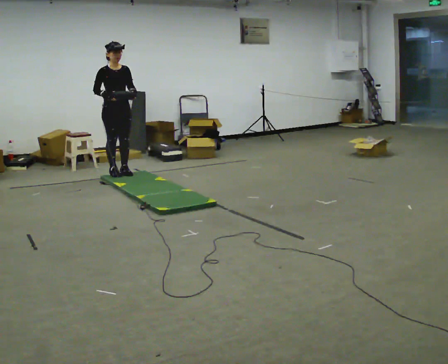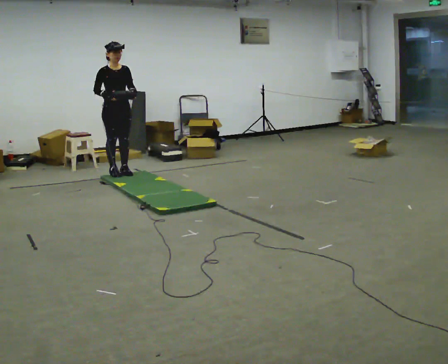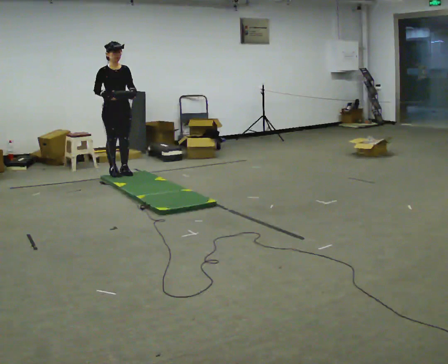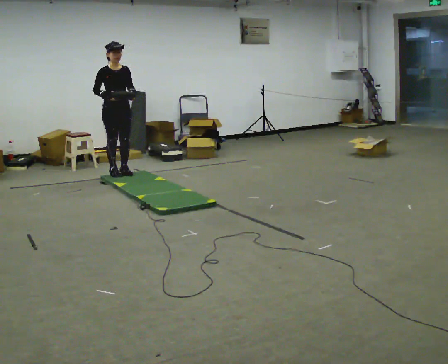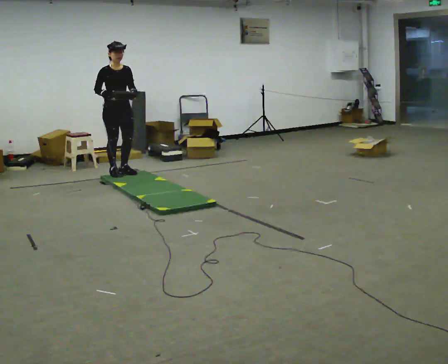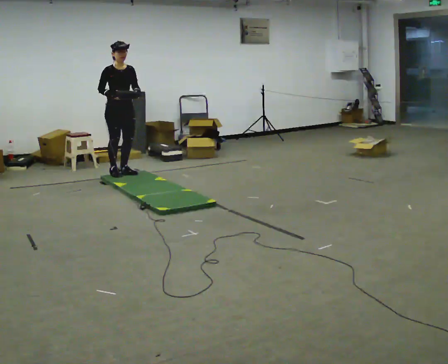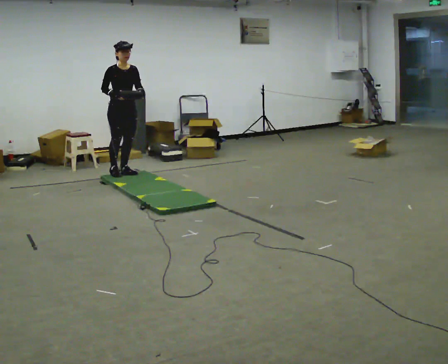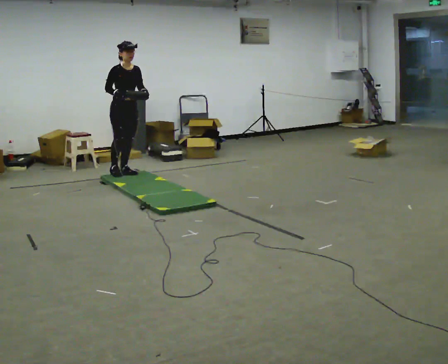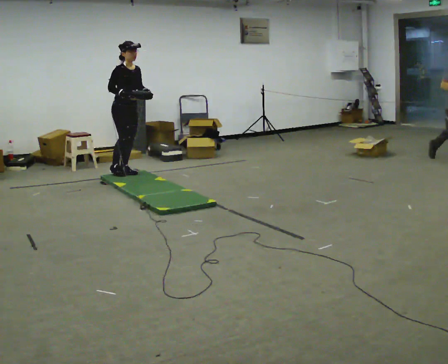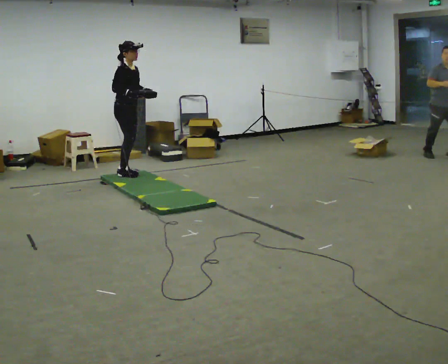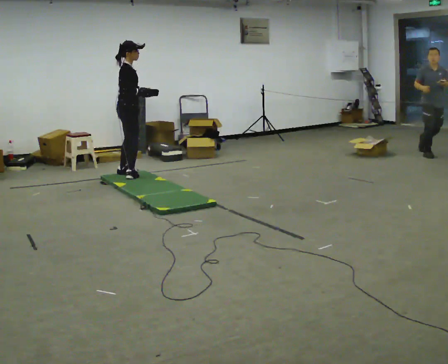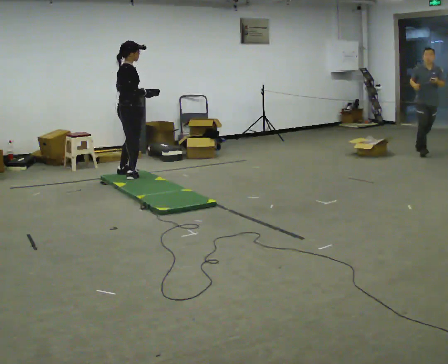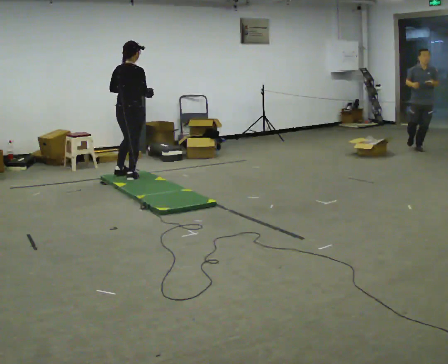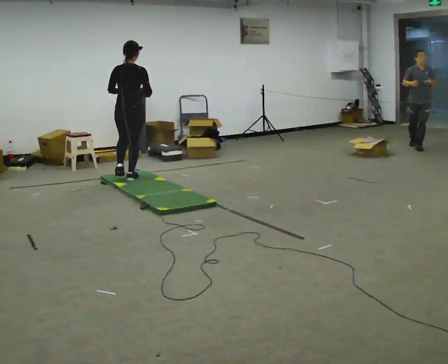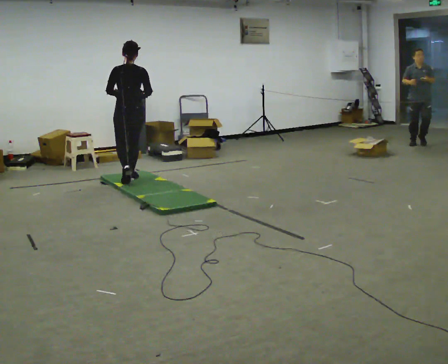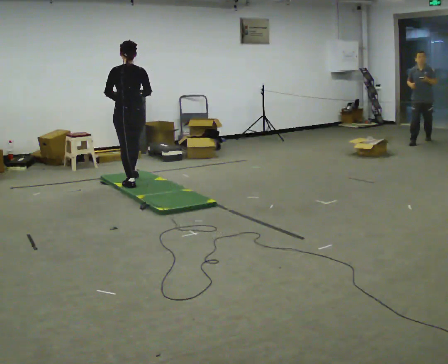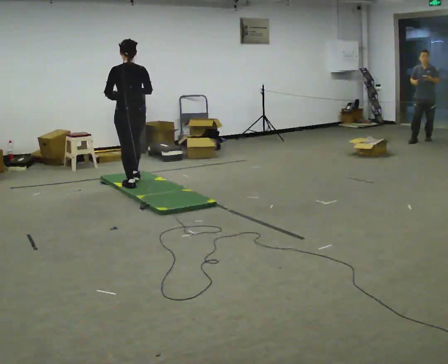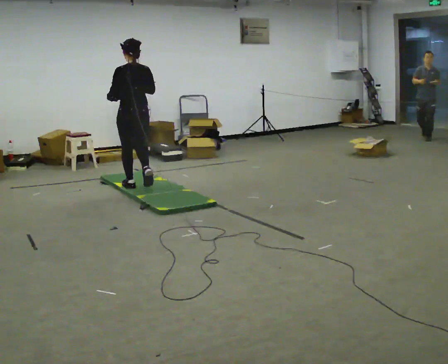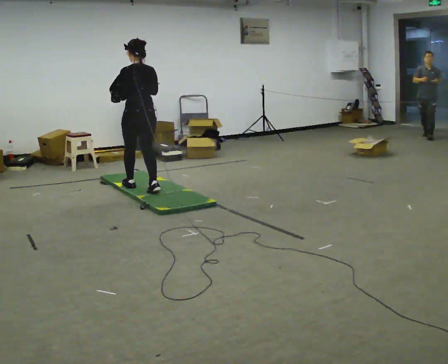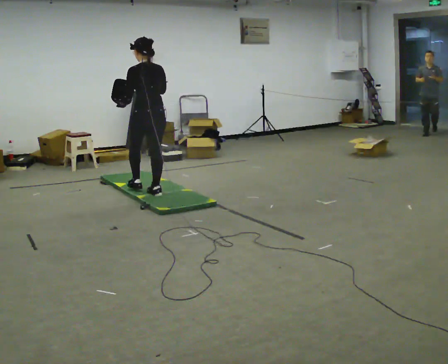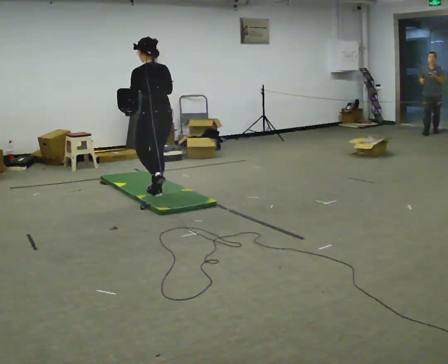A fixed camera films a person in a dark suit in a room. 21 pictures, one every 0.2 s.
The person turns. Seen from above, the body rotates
counterclockwise.
The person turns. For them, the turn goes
to their left.
0.0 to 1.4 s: The person moves a little, or ends about where they began.
1.4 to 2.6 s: The part of the body nearest the lens slides to the right as the person turns to their left by about 135 degrees. In the picture they go toward the camera, about 0.25 m in 2 steps.
2.6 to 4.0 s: The part of the body nearest the lens slides to the right as the person turns to their left by about 45 degrees. In the picture they go toward the camera and to the right, about 1 m in 2 steps, which for them is backward.
The film runs backward here.
